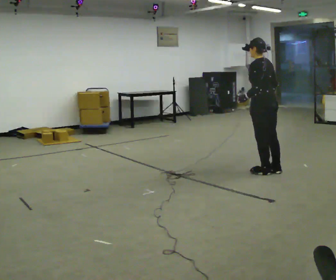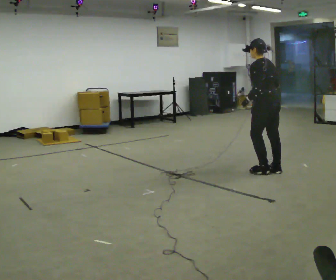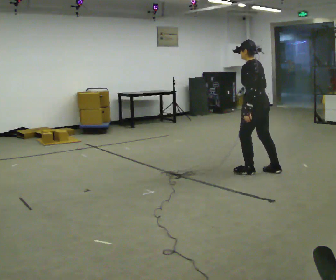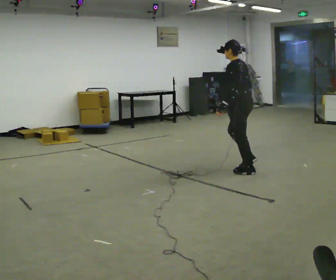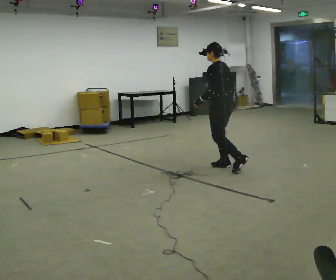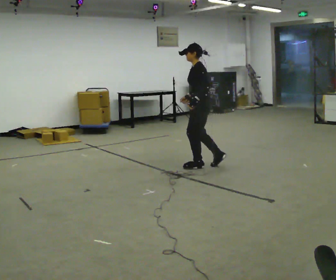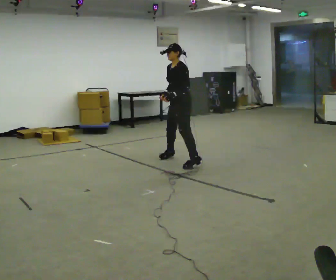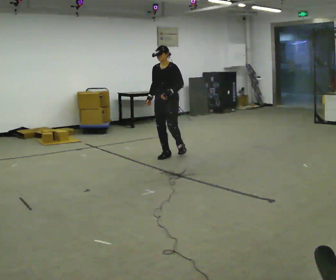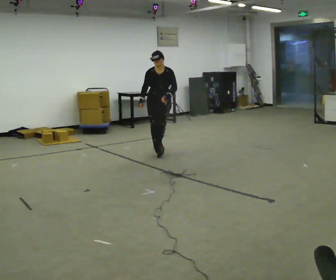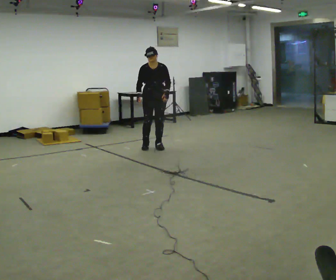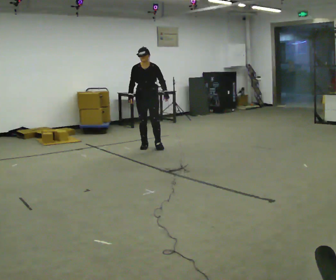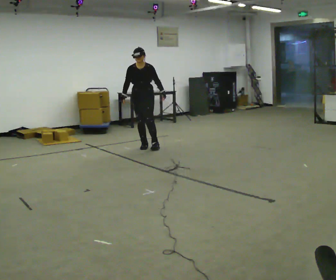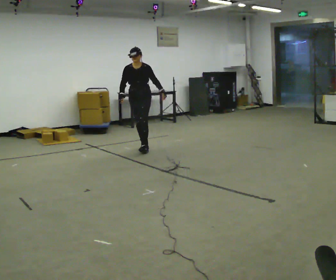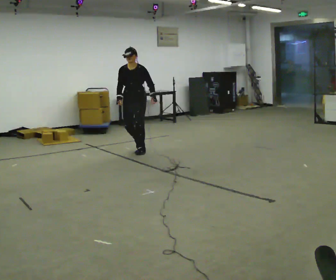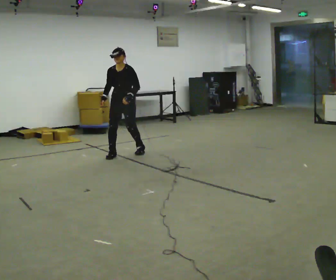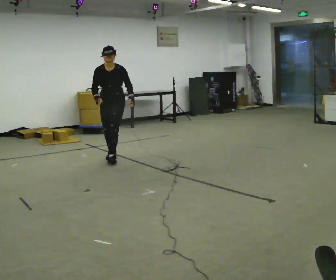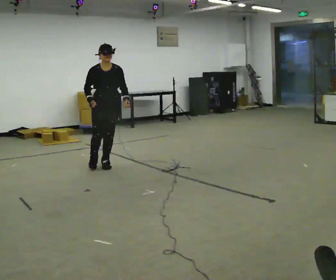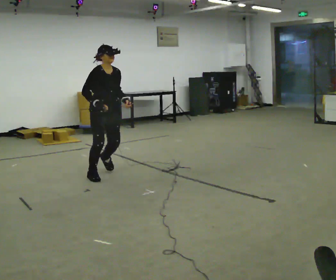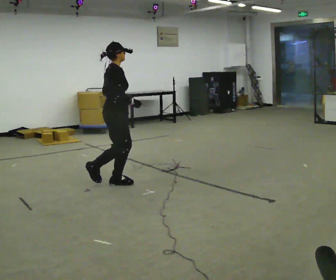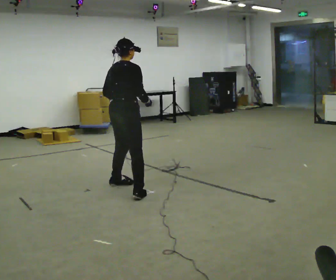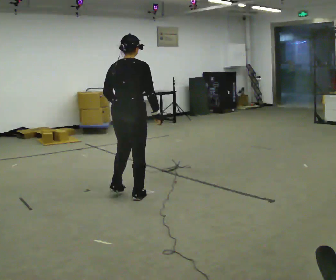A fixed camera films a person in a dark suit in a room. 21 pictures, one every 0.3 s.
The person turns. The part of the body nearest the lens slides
to the right.
The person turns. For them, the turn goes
to their left.
0.0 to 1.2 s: In the picture they go to the left and away from the camera, about 0.5 m in 2 steps, which for them is forward.
1.2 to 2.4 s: Seen from above the body turns counterclockwise, about 135 degrees: to their left, with its near side sliding to the right. In the picture they go away from the camera and to the left, about 1.5 m in 3 steps. The upper body tips toward the camera, its near side rolling downward.
2.4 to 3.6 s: In the picture they go to the left, about 0.25 m in 1 step, which for them is to their right.
3.6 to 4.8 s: The part of the body nearest the lens slides to the right as the person turns to their left by about 30 degrees. In the picture they go toward the camera, about 1 m in 3 steps, which for them is forward.
4.8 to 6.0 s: Seen from above the body turns counterclockwise, about 150 degrees: to their left, with its near side sliding to the right. In the picture they go toward the camera, about 1 m in 3 steps.
The film runs forward here.
